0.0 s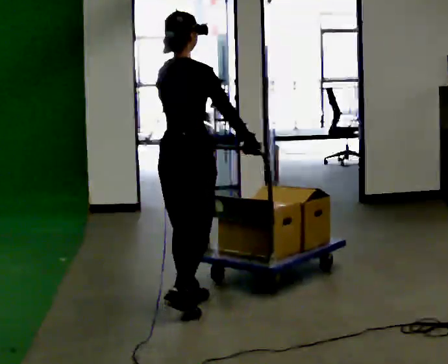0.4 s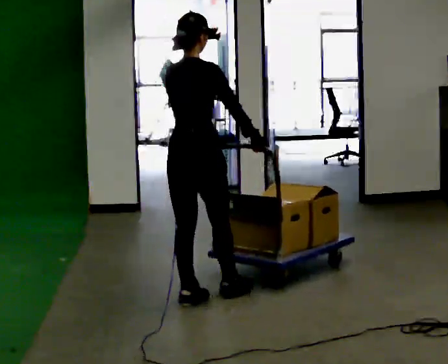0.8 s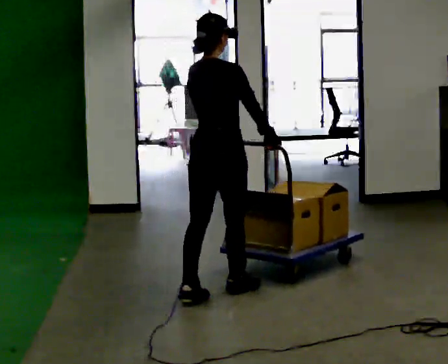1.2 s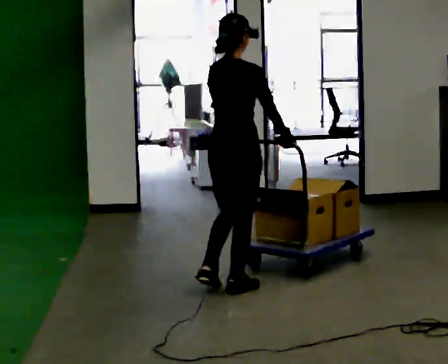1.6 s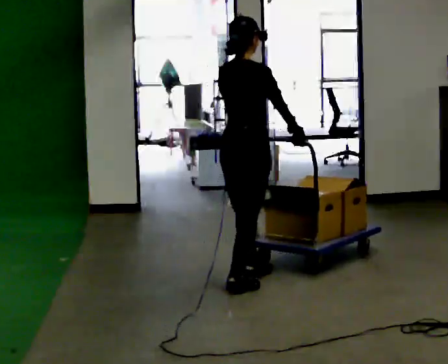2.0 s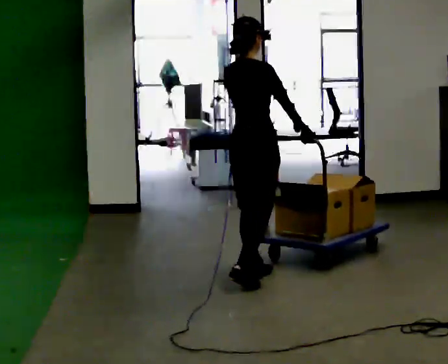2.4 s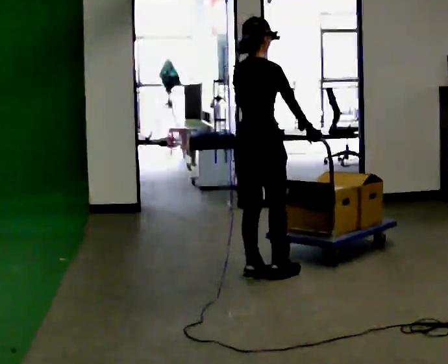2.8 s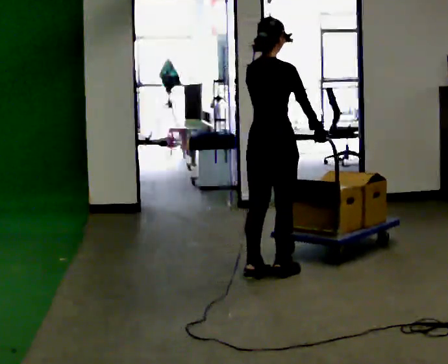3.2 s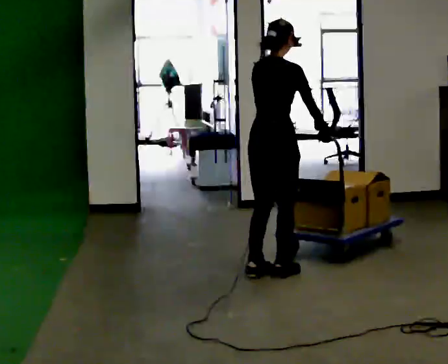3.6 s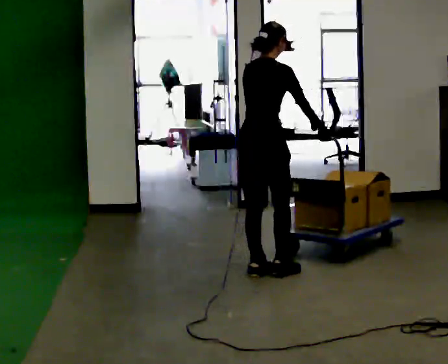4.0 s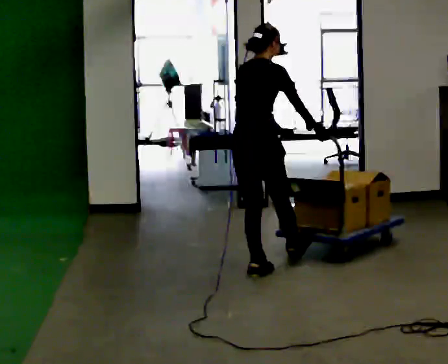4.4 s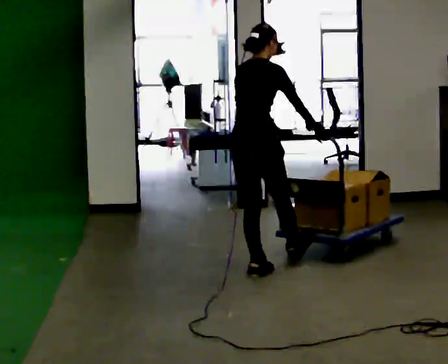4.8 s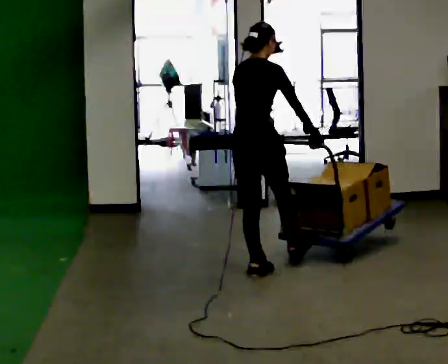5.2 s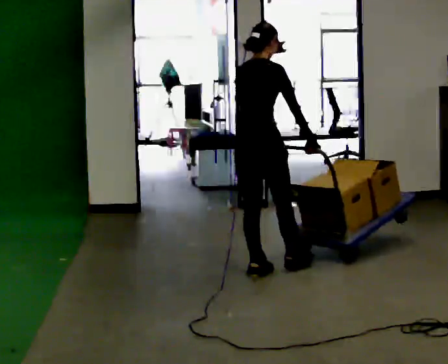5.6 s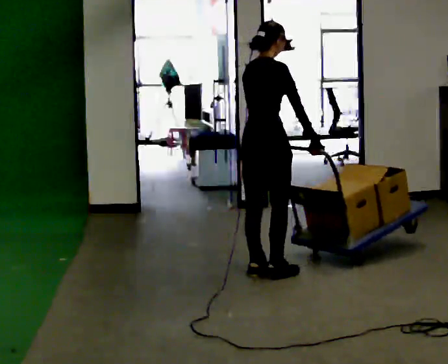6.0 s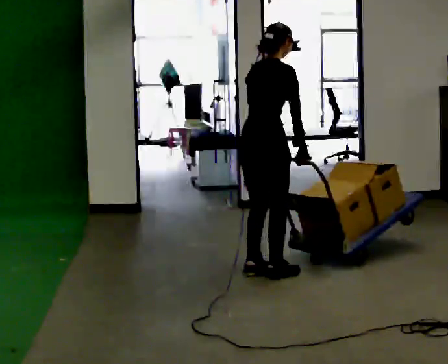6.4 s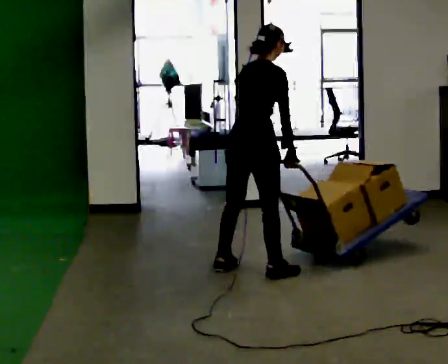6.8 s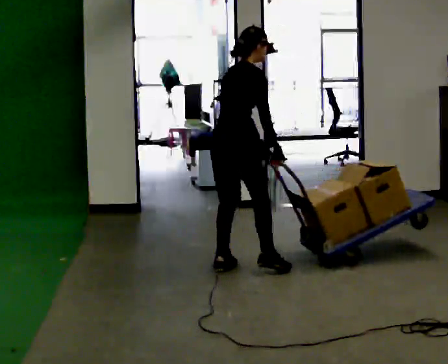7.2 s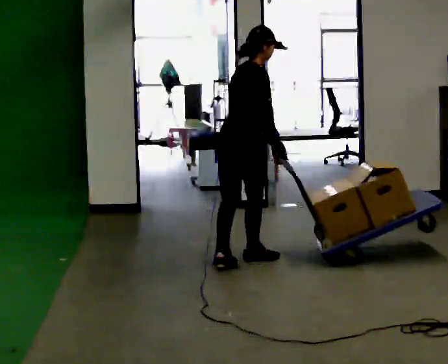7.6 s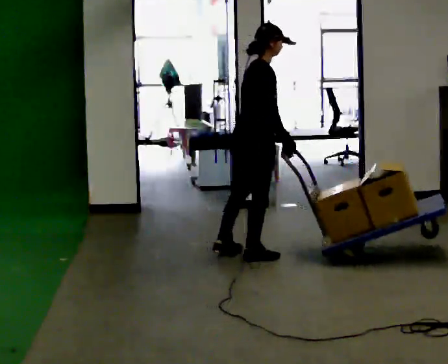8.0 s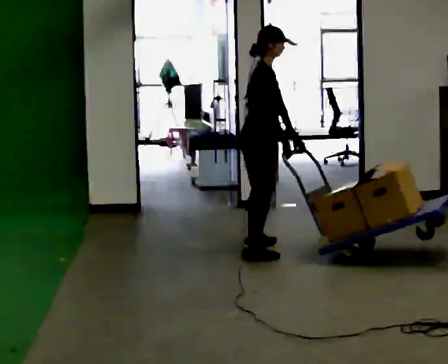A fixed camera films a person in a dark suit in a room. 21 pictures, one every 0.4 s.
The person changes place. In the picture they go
away from the camera.
0.0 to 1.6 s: In the picture they go away from the camera and to the right, about 0.5 m in 2 steps, which for them is forward.
1.6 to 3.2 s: In the picture they go away from the camera and to the right, about 0.25 m in 1 step, which for them is forward.
3.2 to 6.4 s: The person moves a little, or ends about where they began.
6.4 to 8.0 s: Seen from above the body turns clockwise, about 45 degrees: to their right, with its near side sliding to the left. In the picture they go away from the camera, about 0.75 m in 2 steps, which for them is to their left and forward.
The film runs forward here.
